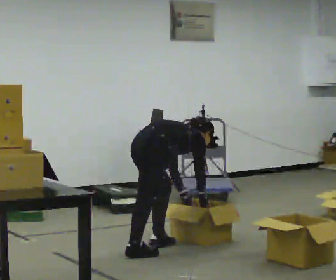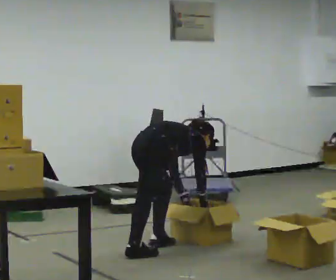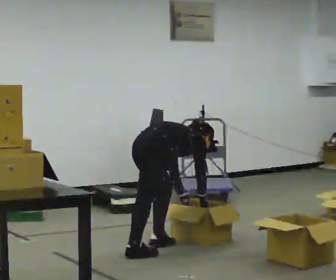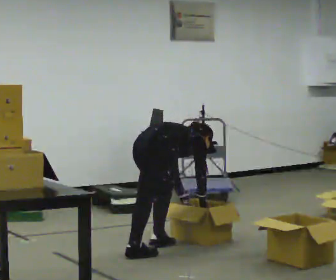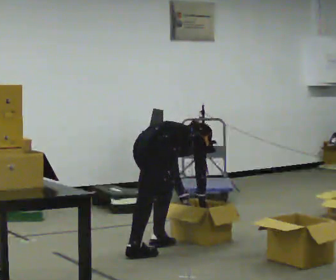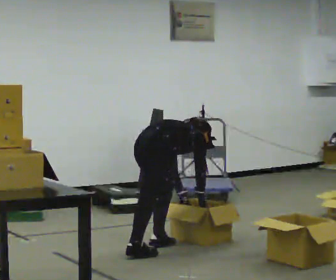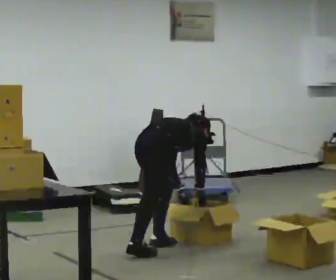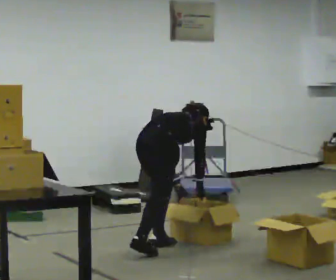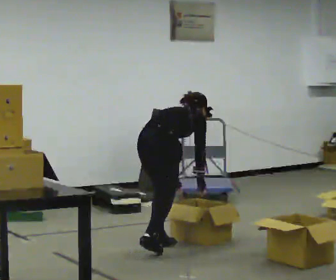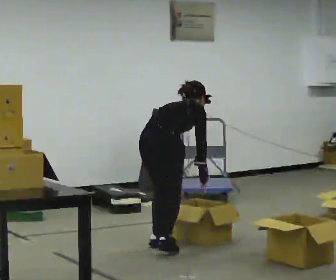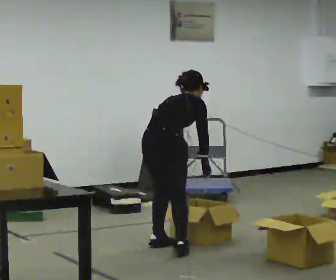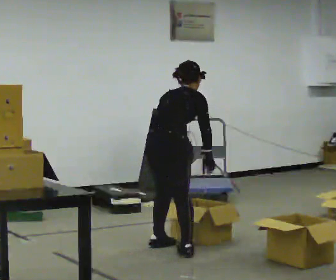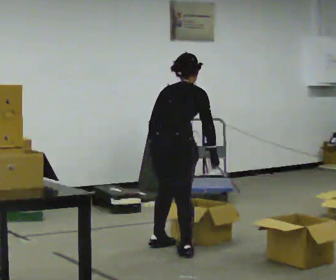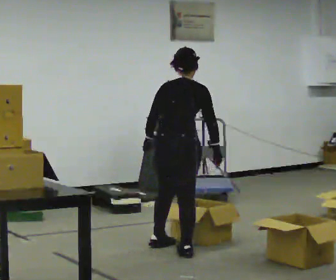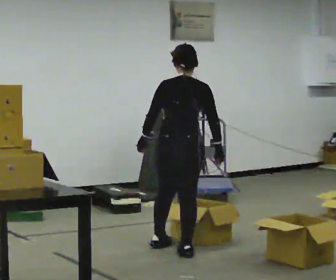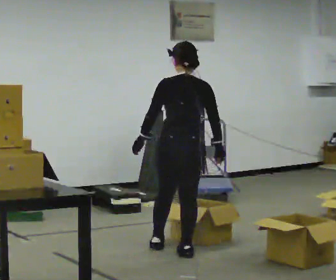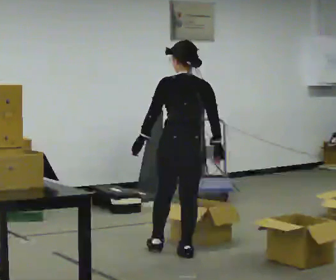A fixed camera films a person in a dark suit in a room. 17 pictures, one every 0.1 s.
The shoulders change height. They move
upward.
Their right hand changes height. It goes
upward.
0.0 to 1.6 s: The person turns about 60 degrees to their left, counterclockwise seen from above, so the part of the body nearest the lens slides to the right. In the picture they go to the right and toward the camera, about 0.25 m in 1 step, which for them is to their right. The shoulders move upward. In the picture the upper body tilts counterclockwise, shoulders to the left, as they lean back or straighten. In the picture their left hand goes upward.
The film runs forward here.
